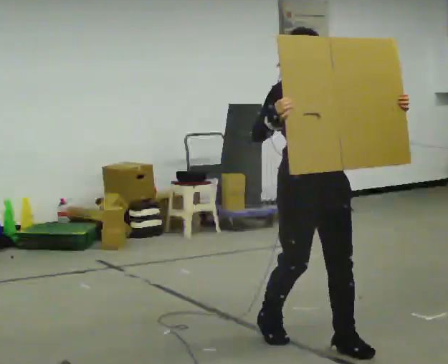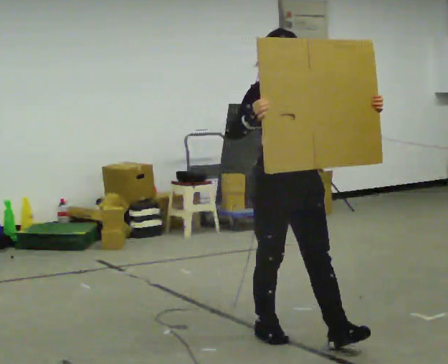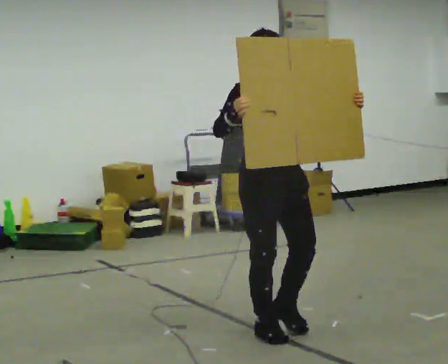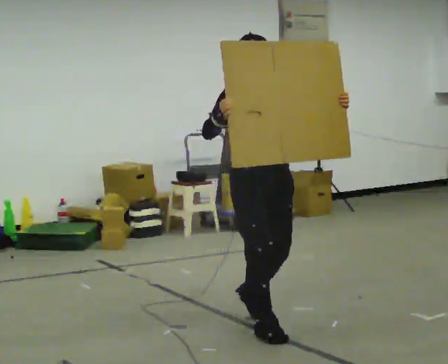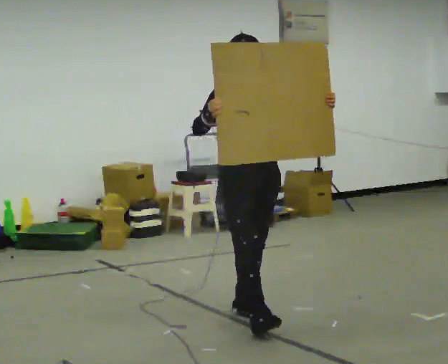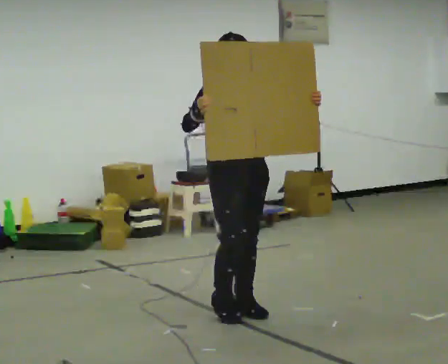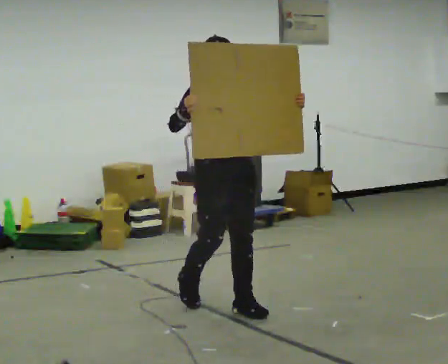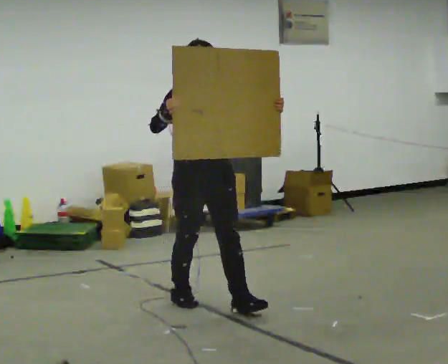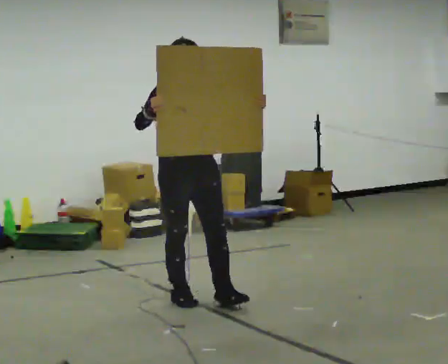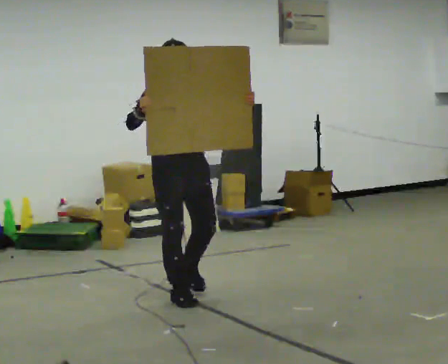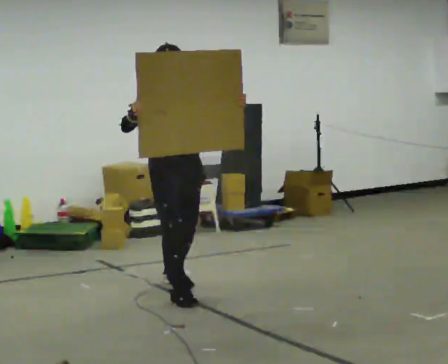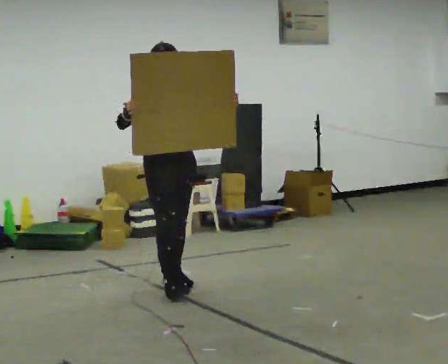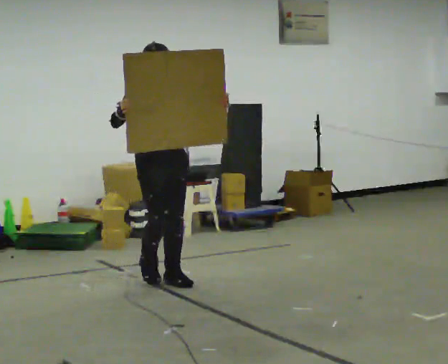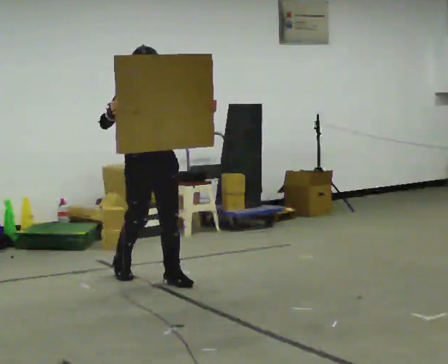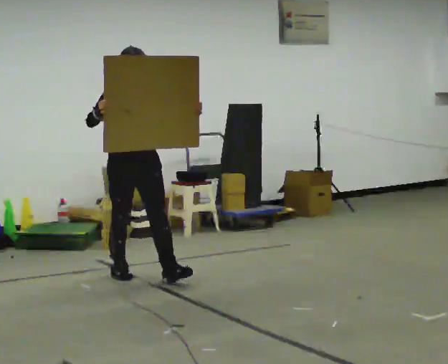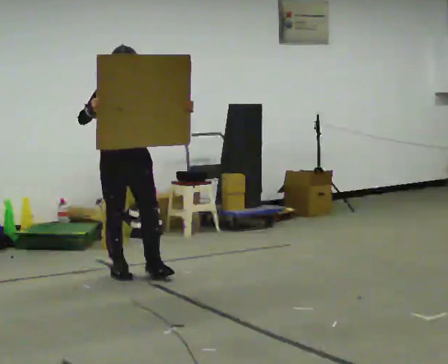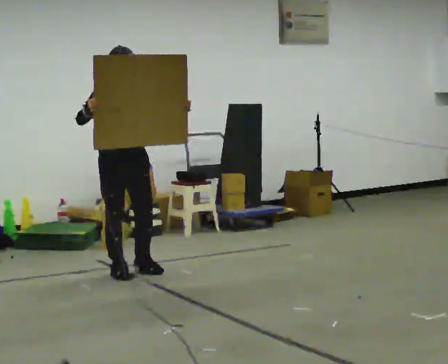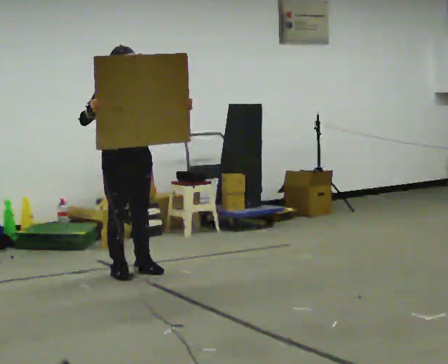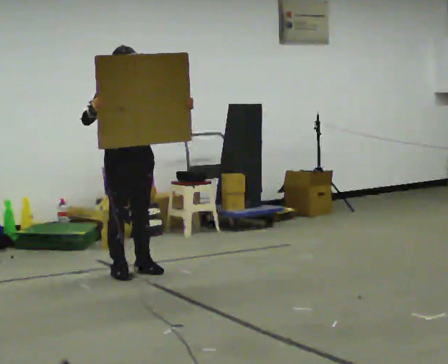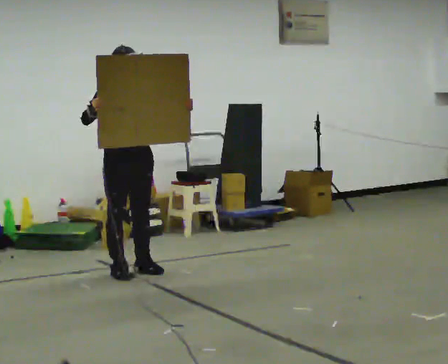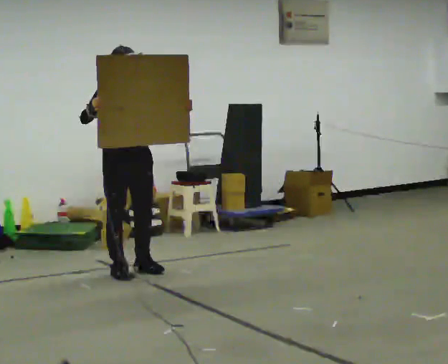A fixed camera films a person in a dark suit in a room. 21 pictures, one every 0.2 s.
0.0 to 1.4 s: In the picture they go away from the camera and to the left, about 1 m in 2 steps, which for them is backward.
1.4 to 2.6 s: In the picture they go away from the camera and to the left, about 1 m in 2 steps, which for them is backward.
2.6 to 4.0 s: In the picture they go away from the camera and to the left, about 0.25 m in 1 step, which for them is backward.
The film runs backward here.
